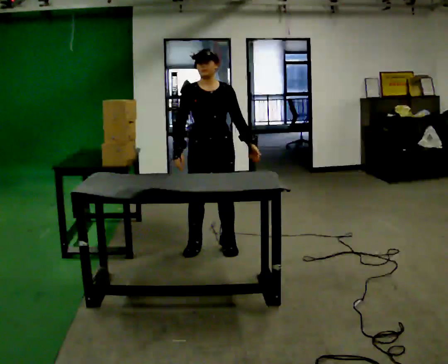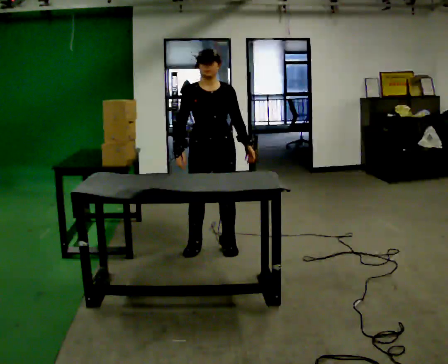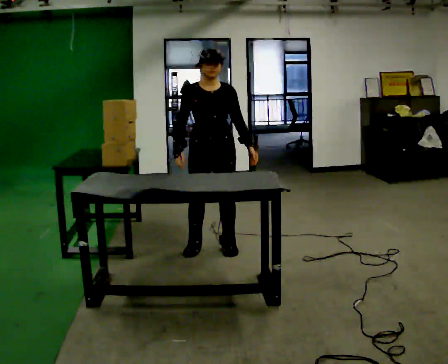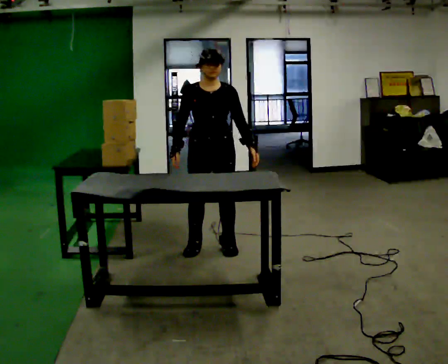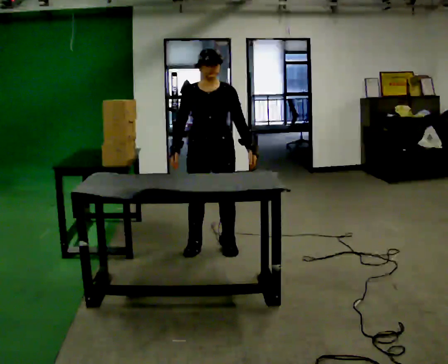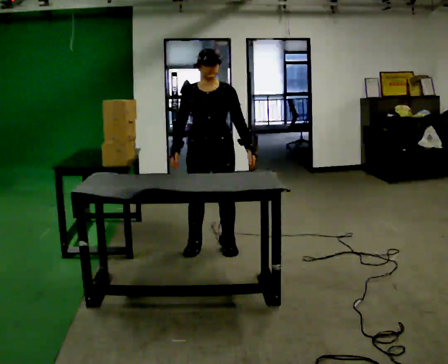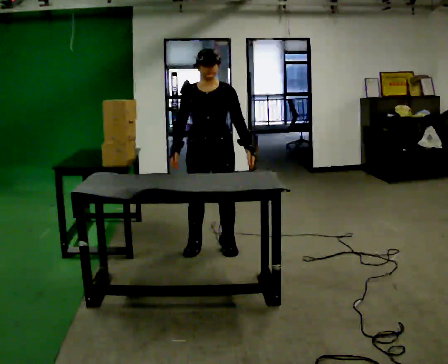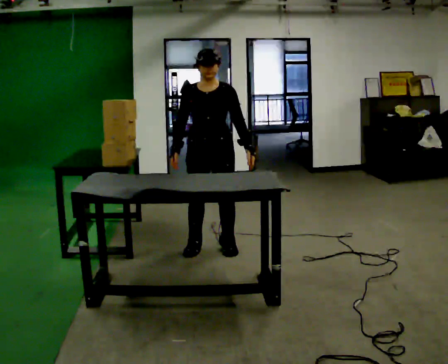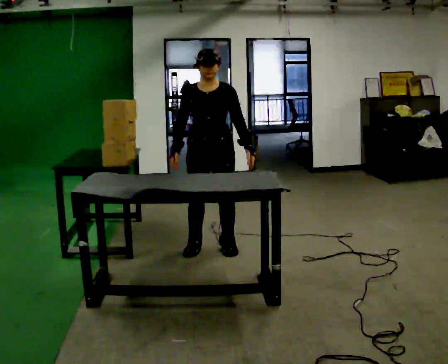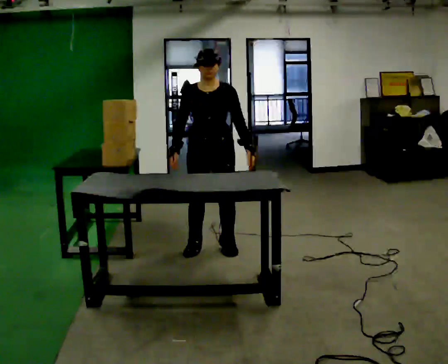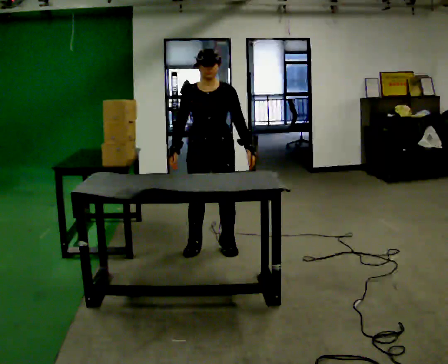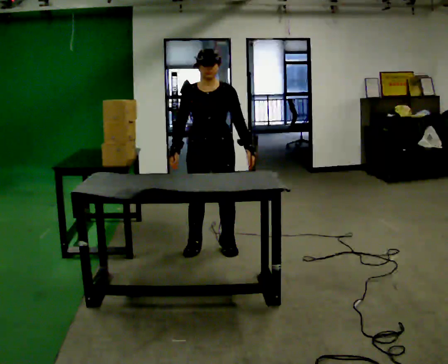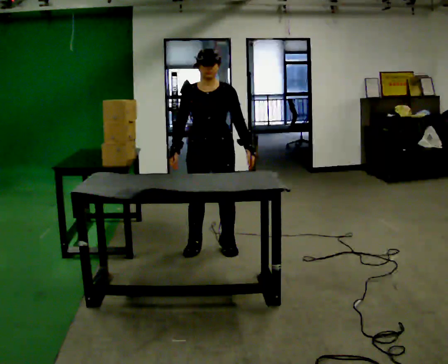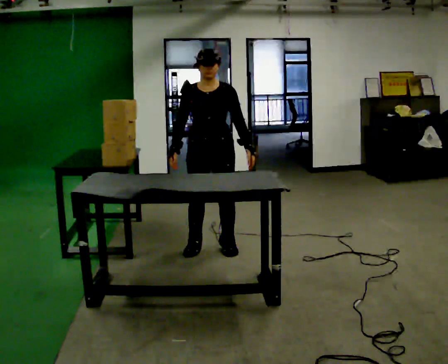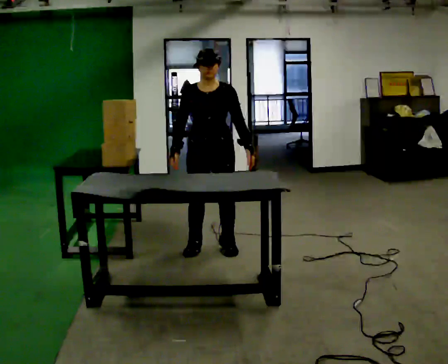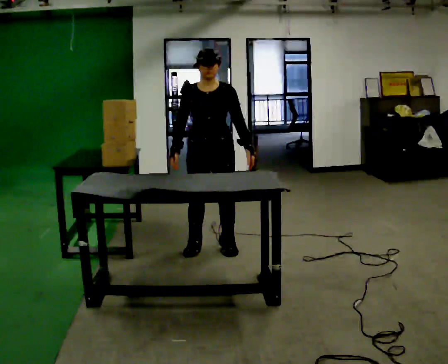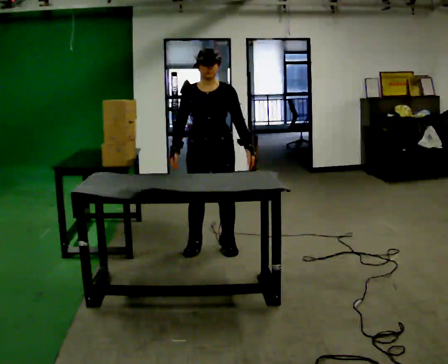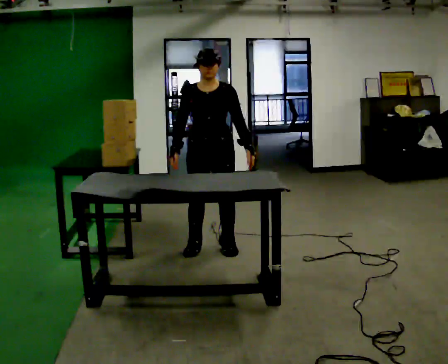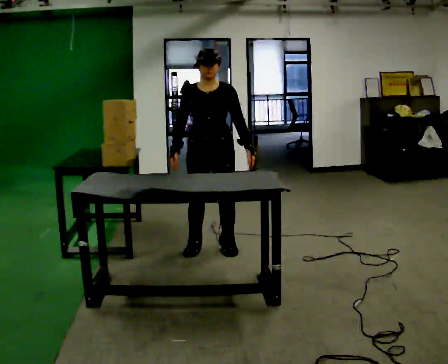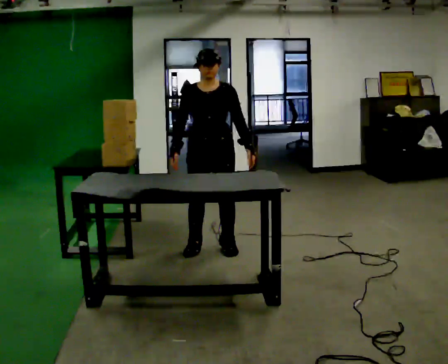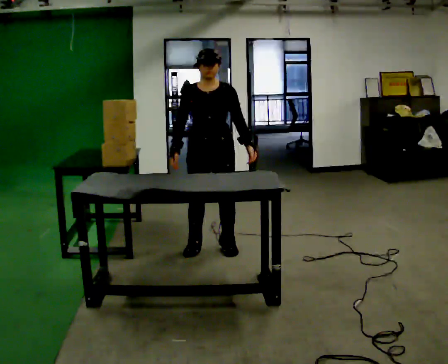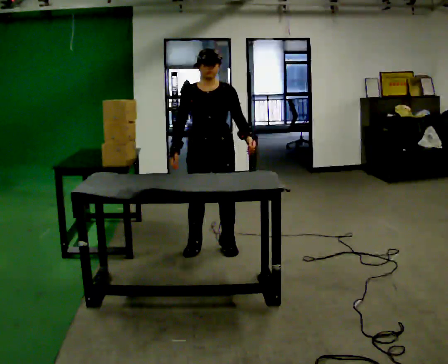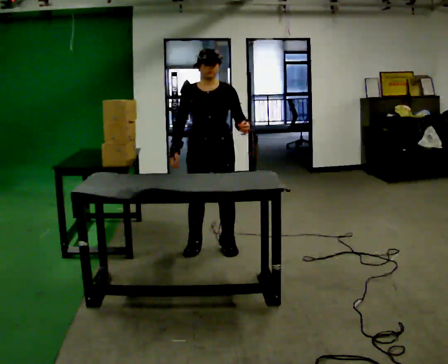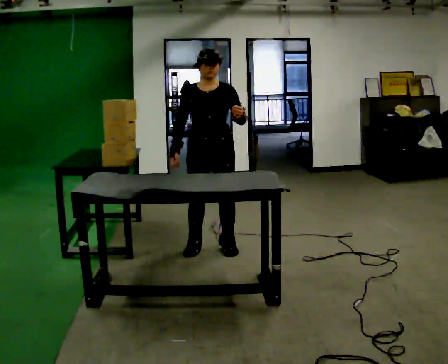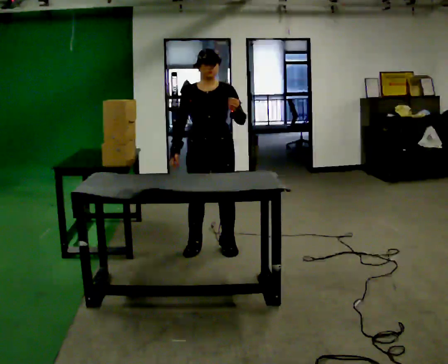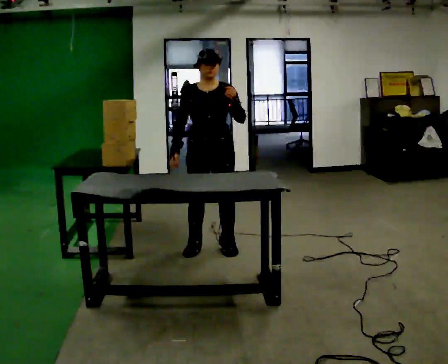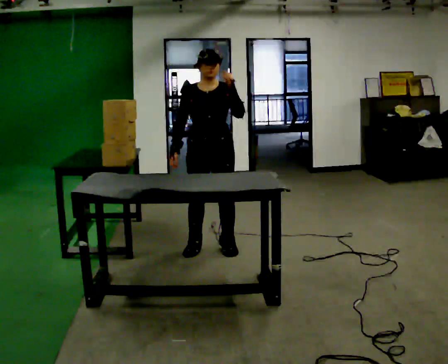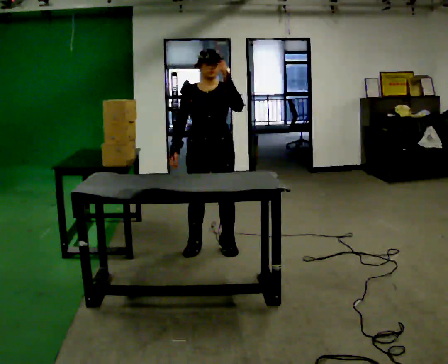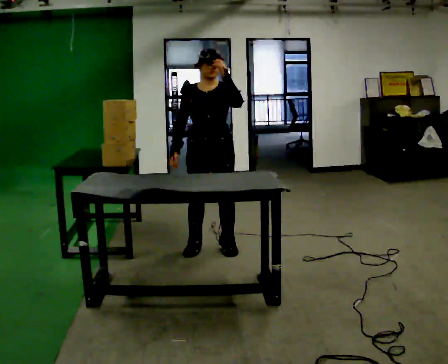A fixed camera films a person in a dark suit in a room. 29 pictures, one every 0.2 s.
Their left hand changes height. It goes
upward.
0.0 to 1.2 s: The person moves a little, or ends about where they began.
1.2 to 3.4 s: The person keeps their place and pose.
3.4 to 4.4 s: The person moves a little, or ends about where they began.
4.4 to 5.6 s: In the picture their left hand goes upward.
The film runs forward here.
